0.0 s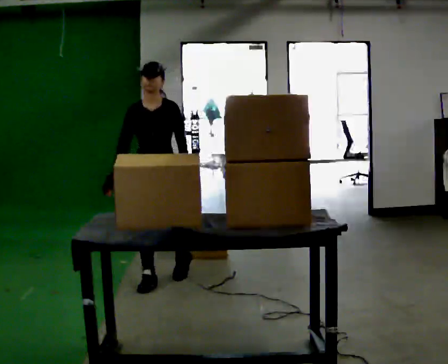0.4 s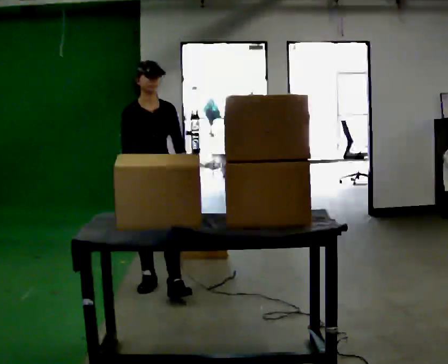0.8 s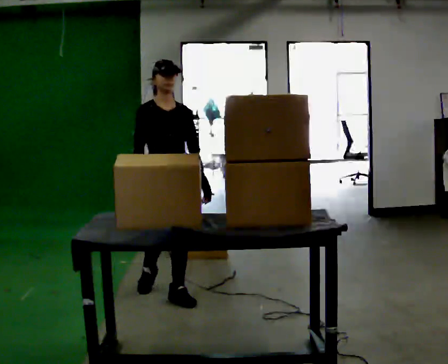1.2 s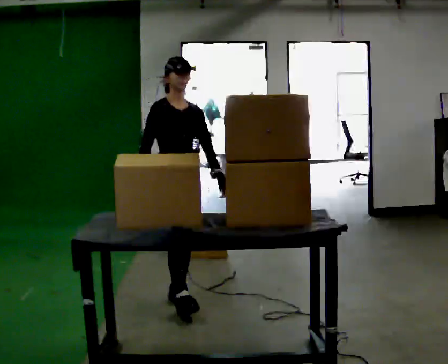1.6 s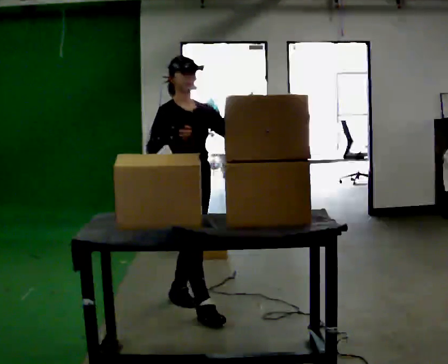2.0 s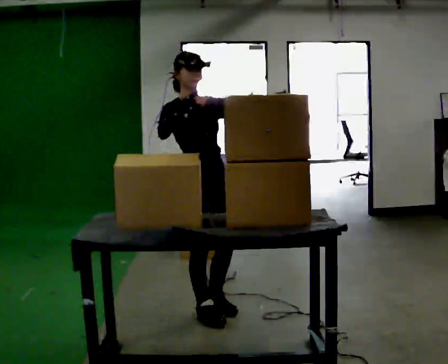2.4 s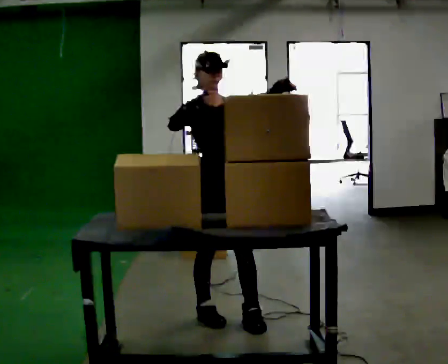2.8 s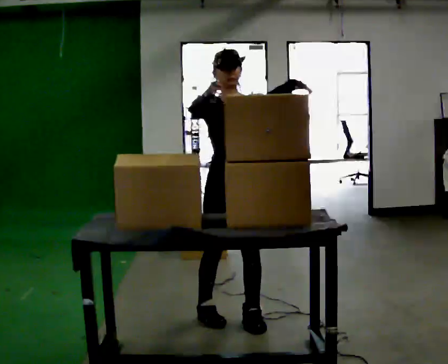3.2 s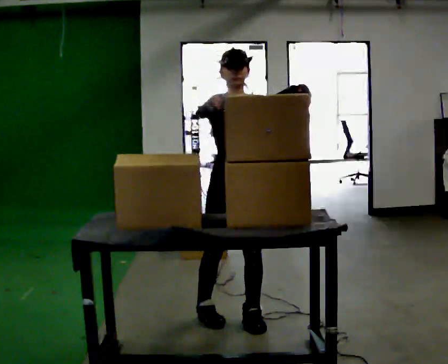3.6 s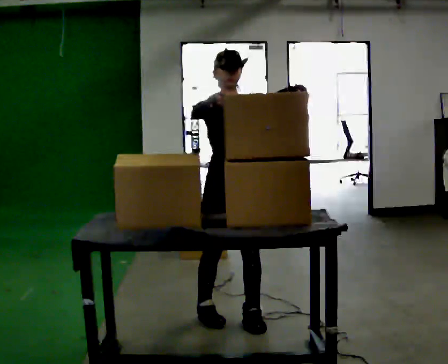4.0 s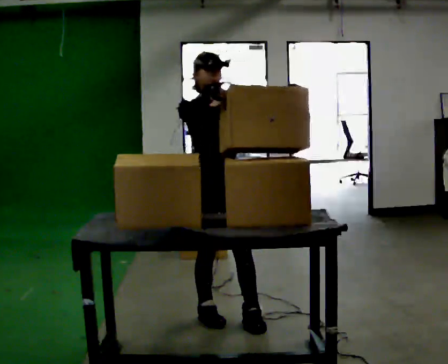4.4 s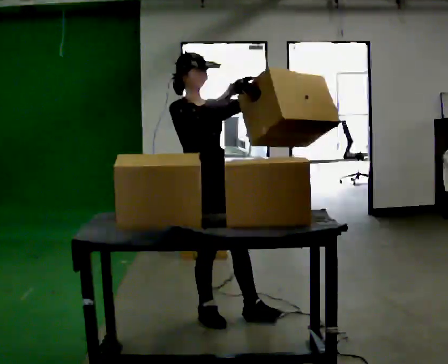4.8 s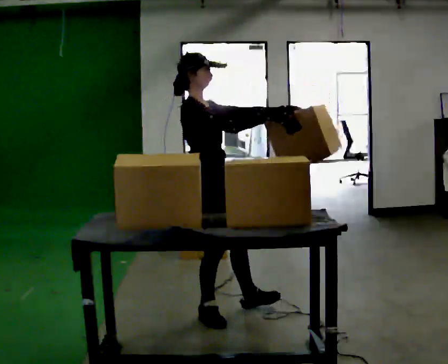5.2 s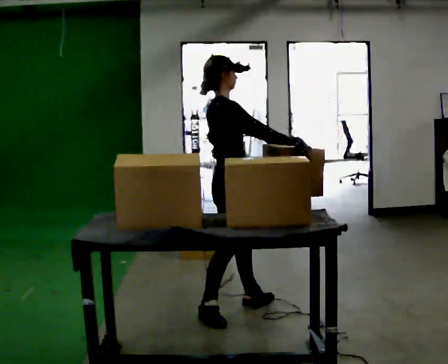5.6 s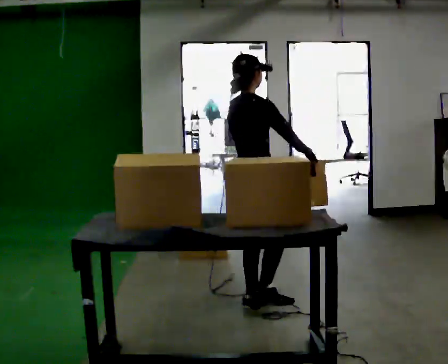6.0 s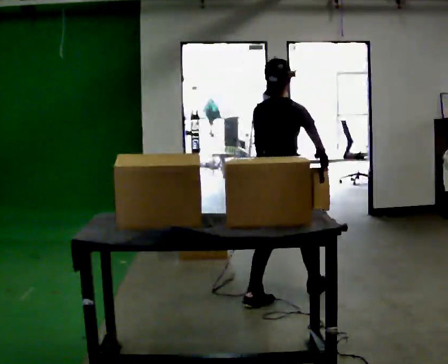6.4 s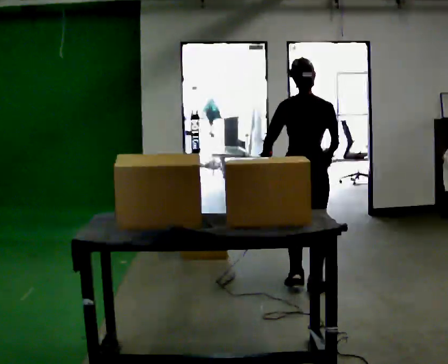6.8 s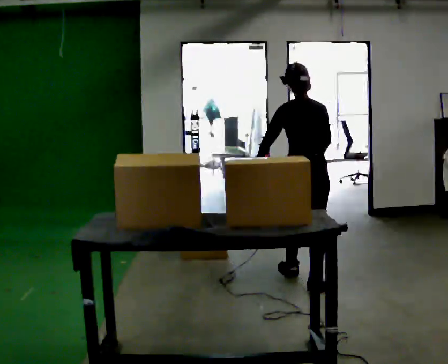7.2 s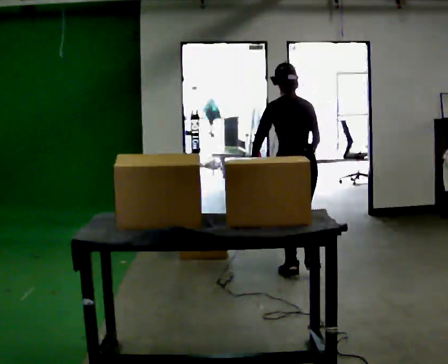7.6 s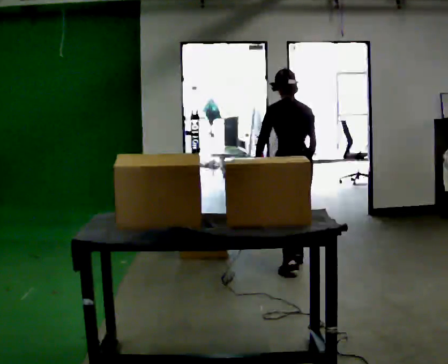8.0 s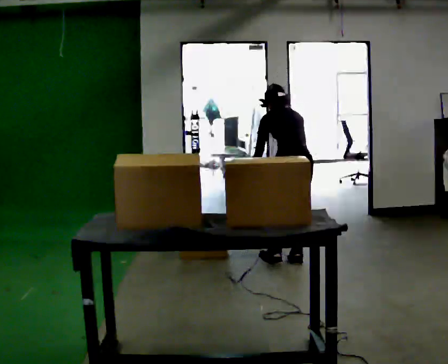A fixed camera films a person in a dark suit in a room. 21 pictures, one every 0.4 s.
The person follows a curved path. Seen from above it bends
counterclockwise.
0.0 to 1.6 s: The person turns about 45 degrees to their left, counterclockwise seen from above, so the part of the body nearest the lens slides to the right. In the picture they go toward the camera, about 0.75 m in 2 steps, which for them is forward.
1.6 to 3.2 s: The person turns about 45 degrees to their right, clockwise seen from above, so the part of the body nearest the lens slides to the left. In the picture they go to the right and toward the camera, about 0.5 m in 1 step, which for them is forward and to their left. In the picture their left hand goes upward.
3.2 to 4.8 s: The person turns about 75 degrees to their left, counterclockwise seen from above, so the part of the body nearest the lens slides to the right. In the picture they go to the left, about 0.25 m in 1 step.
4.8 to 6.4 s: The part of the body nearest the lens slides to the right as the person turns to their left by about 105 degrees. In the picture they go to the right and away from the camera, about 1 m in 1 step.
6.4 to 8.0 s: In the picture they go away from the camera, about 0.5 m in 3 steps, which for them is forward. The upper body tips away from the camera, its near side rolling upward, as they bend forward.
The film runs forward here.
